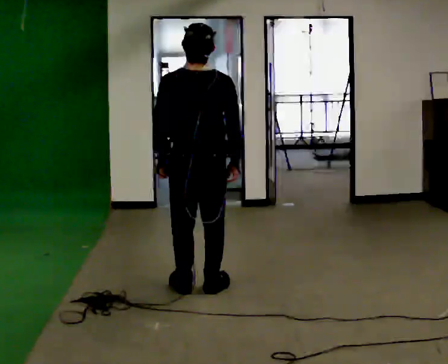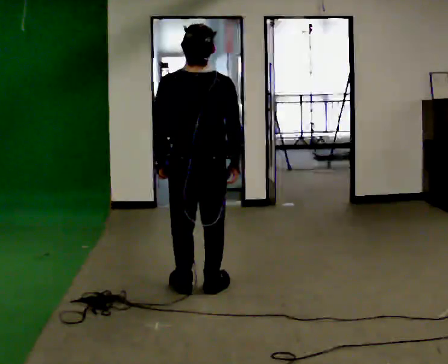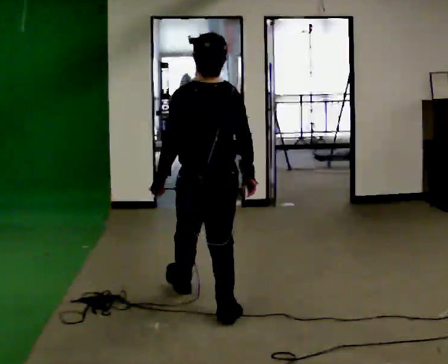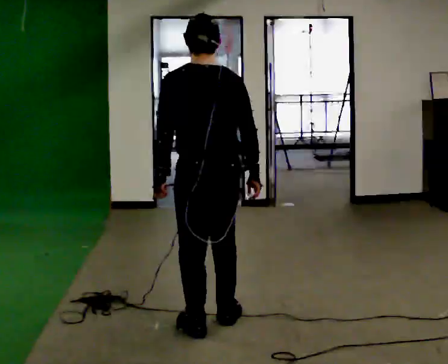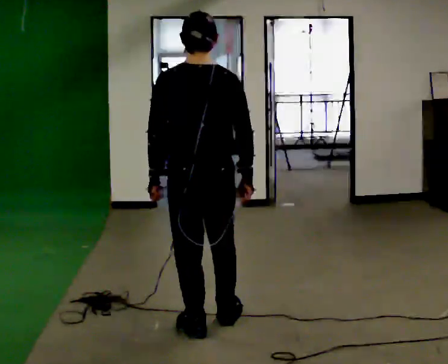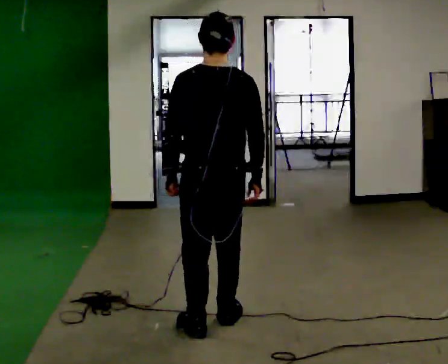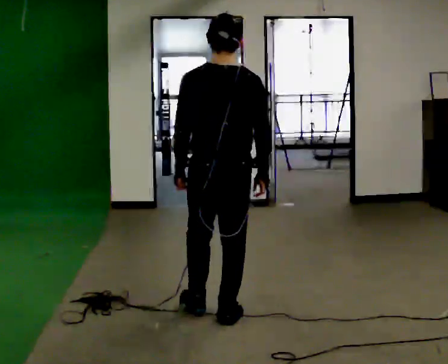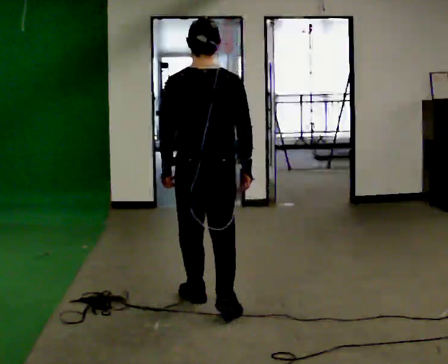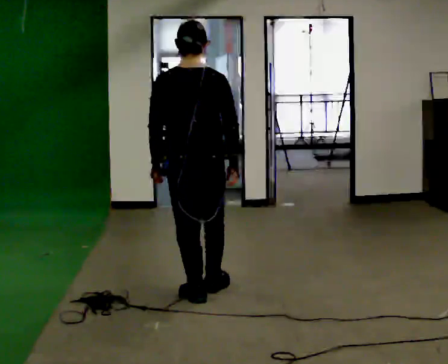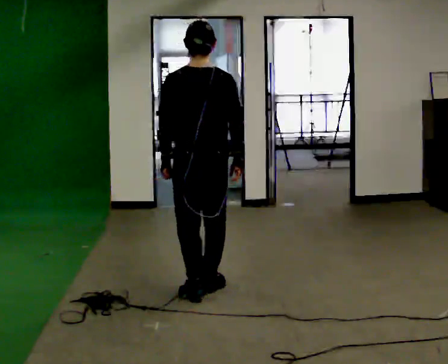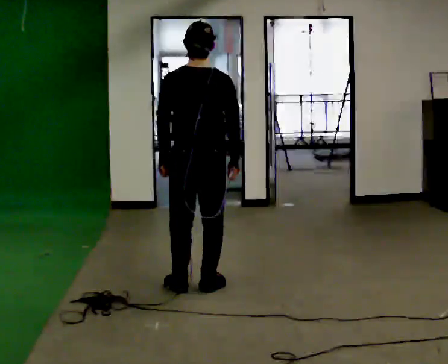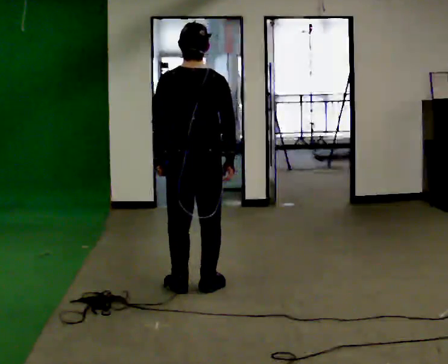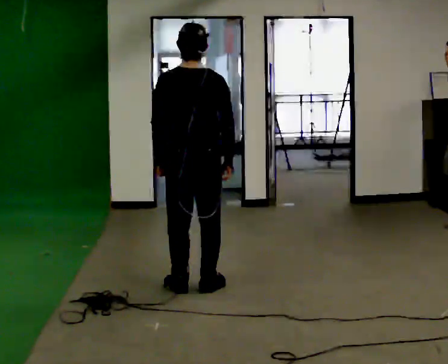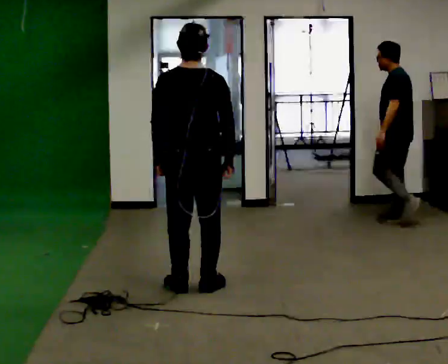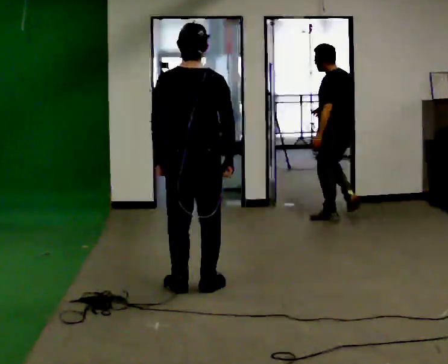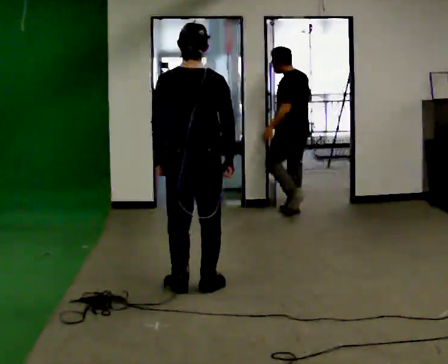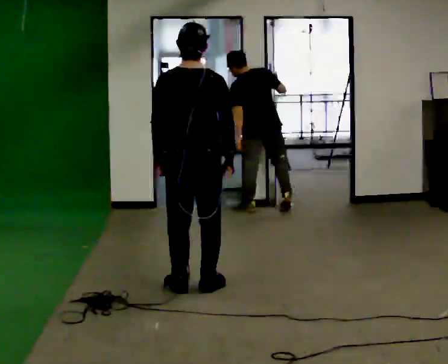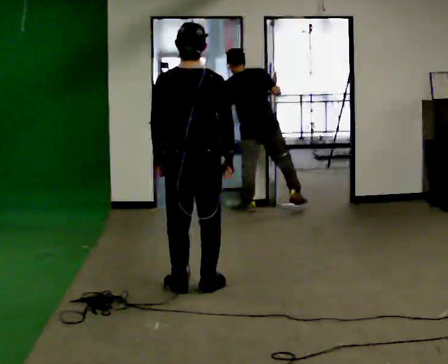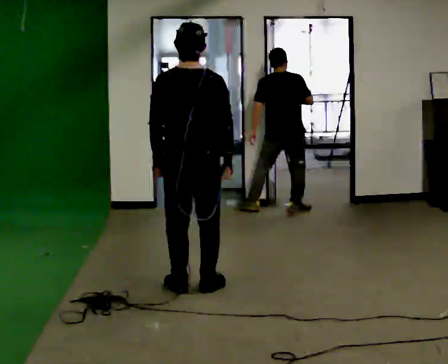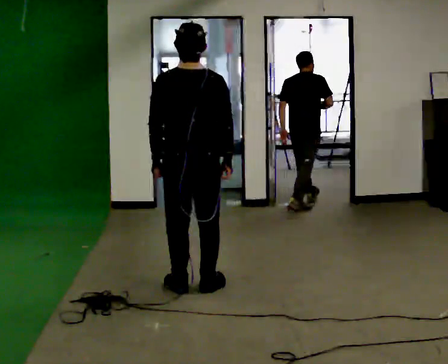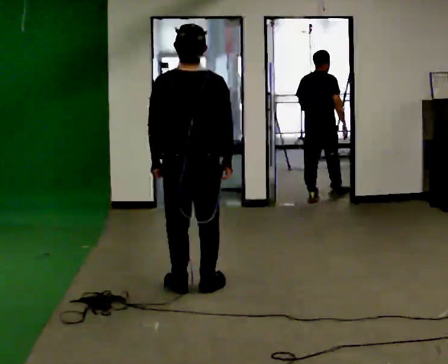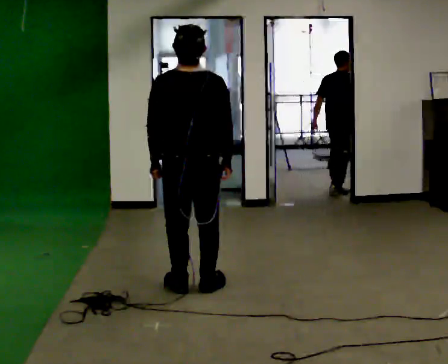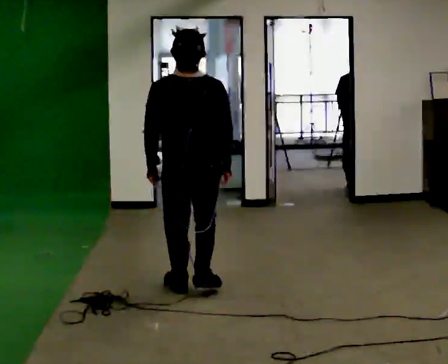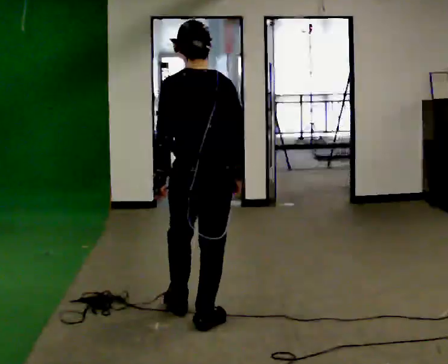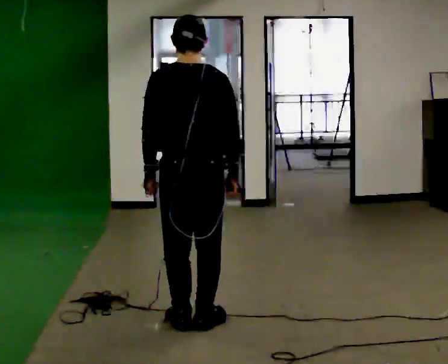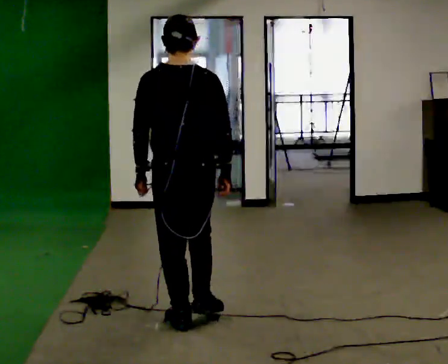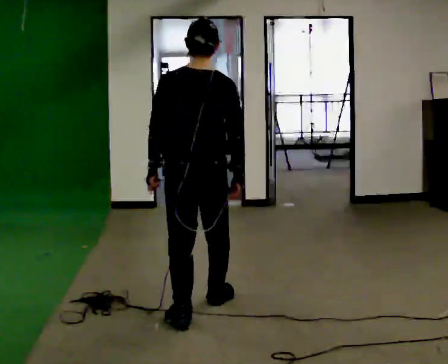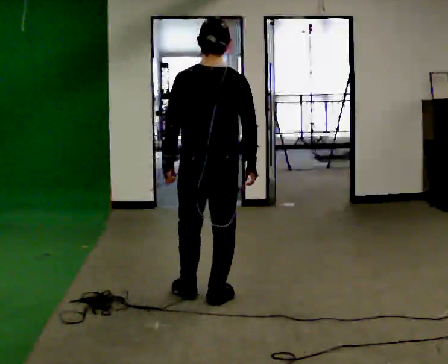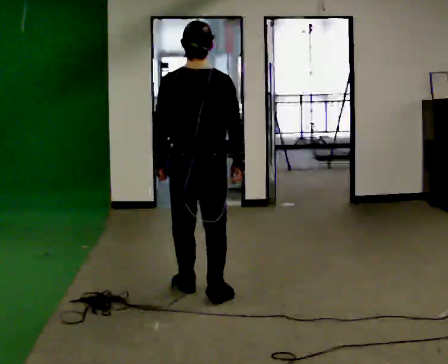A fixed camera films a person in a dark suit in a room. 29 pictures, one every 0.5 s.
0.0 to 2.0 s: In the picture they go toward the camera, about 1 m in 2 steps, which for them is backward and to their left.
2.0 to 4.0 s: In the picture they go away from the camera, about 0.5 m in 1 step, which for them is forward.
4.0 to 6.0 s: In the picture they go away from the camera, about 0.25 m in 2 steps, which for them is forward.
6.0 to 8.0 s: The person keeps their place and pose.
8.0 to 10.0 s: The person moves a little, or ends about where they began.
10.0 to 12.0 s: In the picture they go toward the camera, about 0.75 m in 2 steps, which for them is backward.
12.0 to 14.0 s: In the picture they go away from the camera, about 0.5 m in 2 steps, which for them is forward.
The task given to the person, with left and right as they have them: Stand on the marked spots. Lean backward, keeping your body straight, until you cannot hold it, then step back to catch yourself. Return to the spots. Repeat at your own pace until the operator says stop. Go slowly and only as far as you are comfortable. Step whenever you need to; do not try to hold on longer than feels safe.
The film runs forward here.
